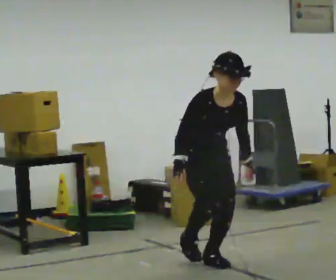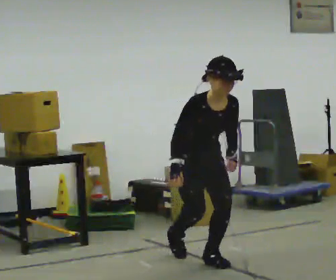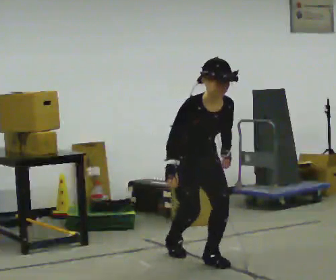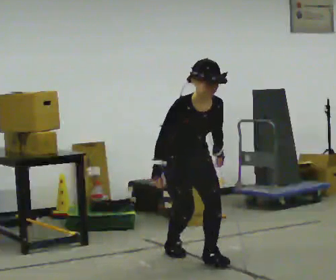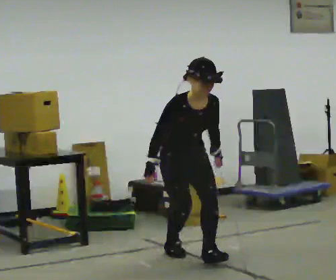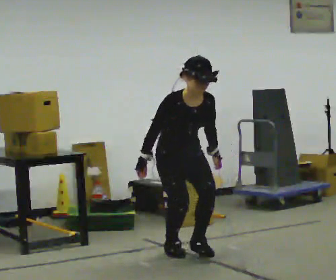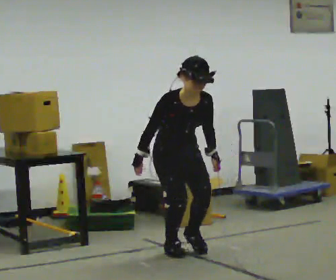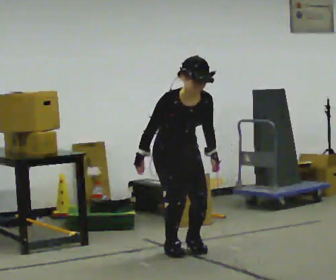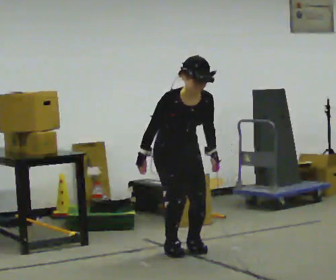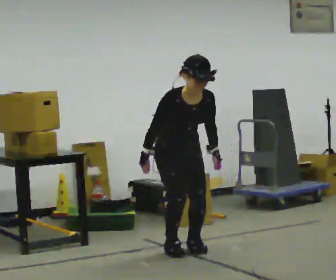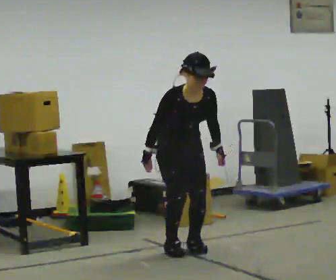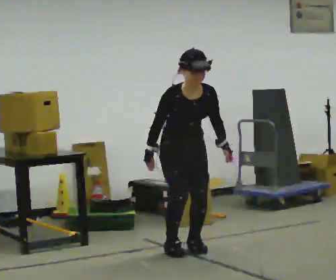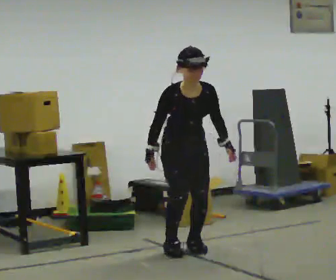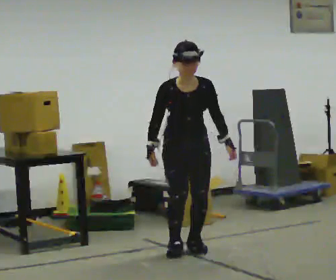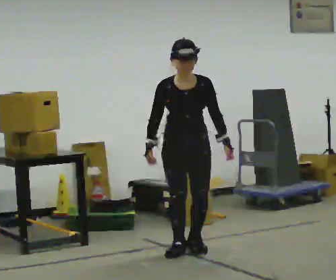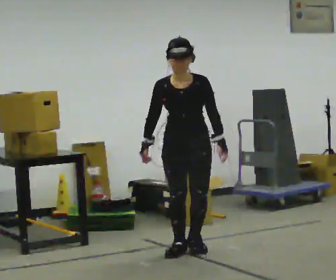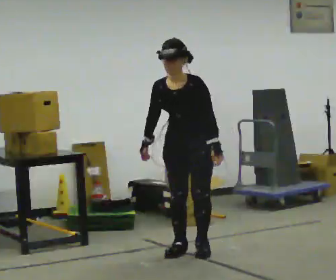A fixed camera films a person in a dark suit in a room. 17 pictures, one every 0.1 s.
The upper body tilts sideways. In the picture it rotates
counterclockwise.
0.0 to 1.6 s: Seen from above the body turns clockwise, about 45 degrees: to their right, with its near side sliding to the left. In the picture they go away from the camera, about 0.5 m in 2 steps, which for them is backward. In the picture the upper body tilts counterclockwise, shoulders to the left.
The film runs backward here.
